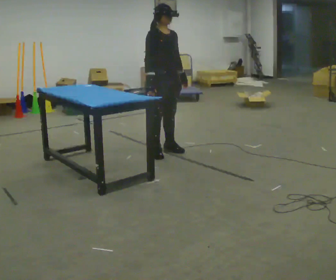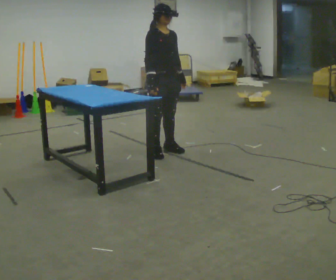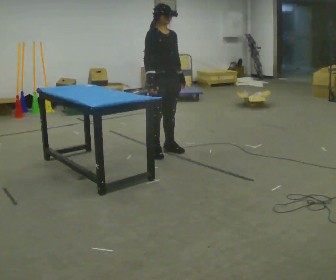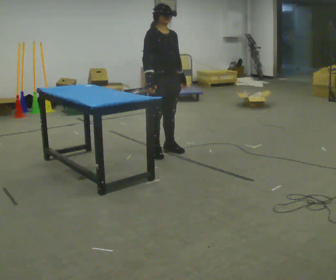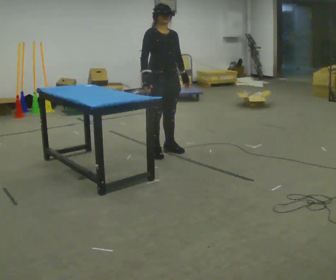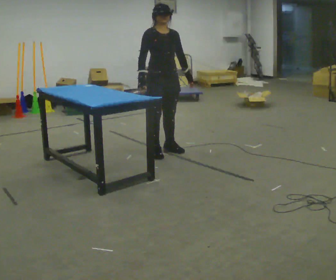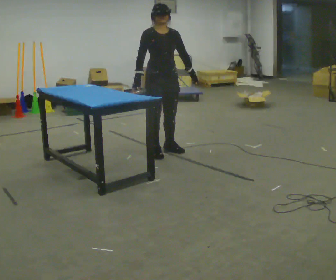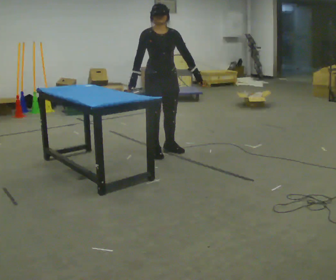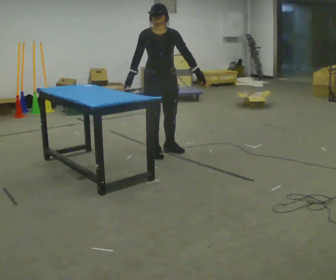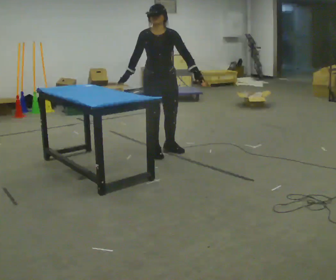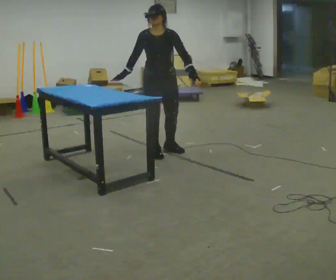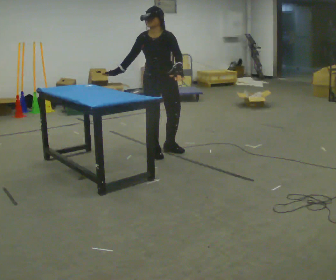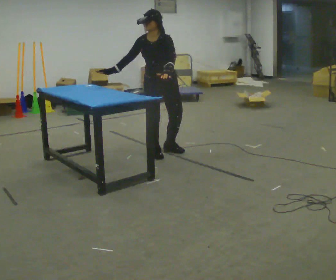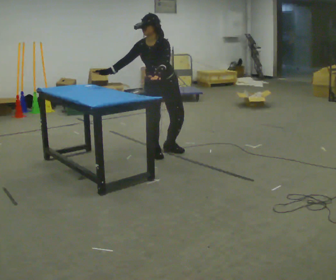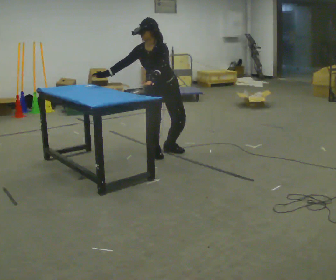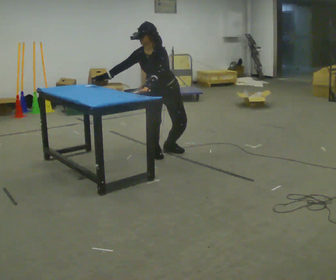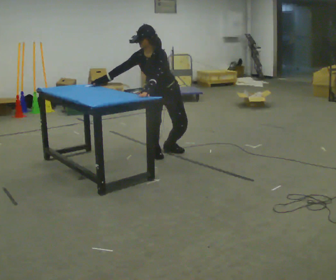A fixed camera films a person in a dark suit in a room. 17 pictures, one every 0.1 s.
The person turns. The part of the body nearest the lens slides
to the left.
The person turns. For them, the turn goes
to their right.
0.0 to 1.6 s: The part of the body nearest the lens slides to the left as the person turns to their right by about 60 degrees. The shoulders move downward. In the picture the upper body tilts counterclockwise, shoulders to the left, as they bend forward. In the picture their left hand goes to the left.
The film runs backward here.
